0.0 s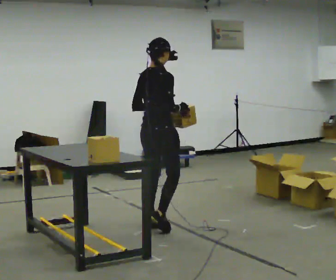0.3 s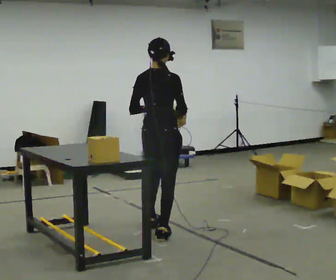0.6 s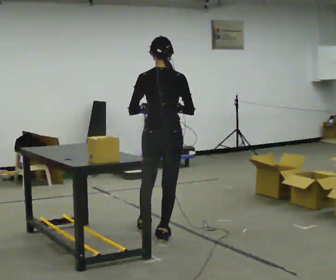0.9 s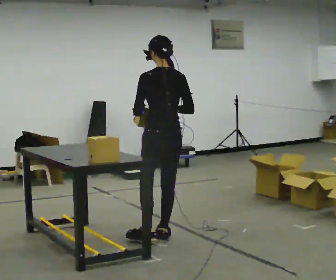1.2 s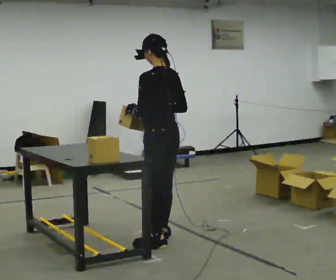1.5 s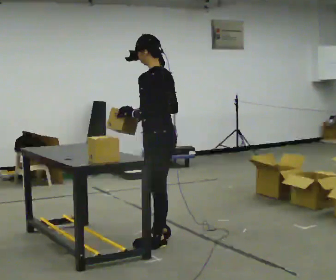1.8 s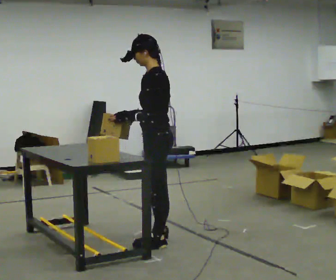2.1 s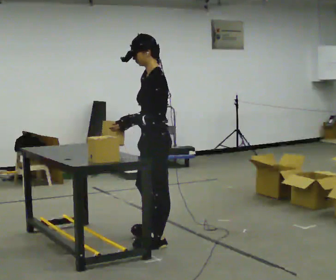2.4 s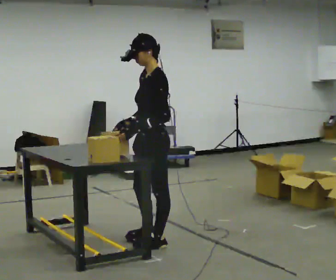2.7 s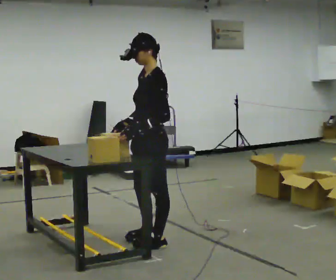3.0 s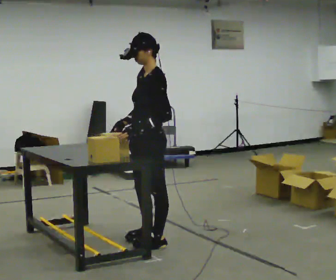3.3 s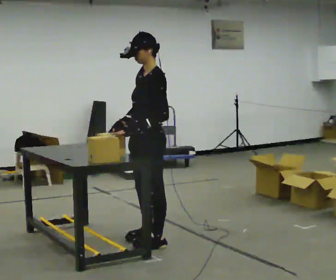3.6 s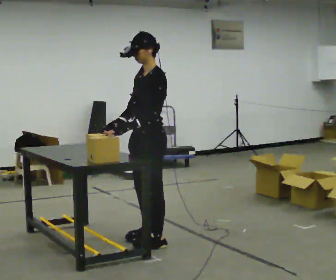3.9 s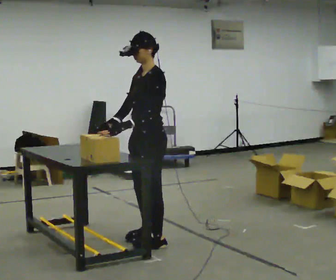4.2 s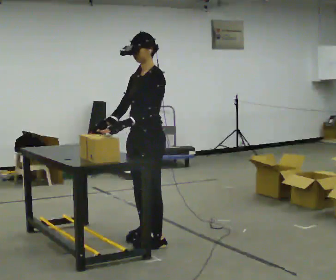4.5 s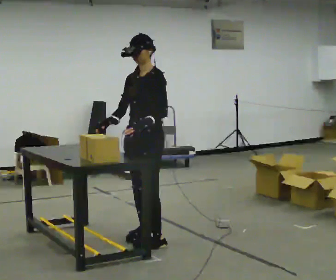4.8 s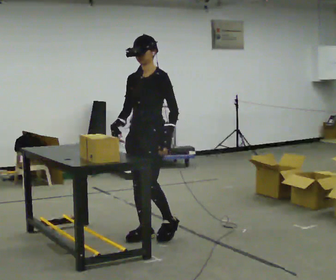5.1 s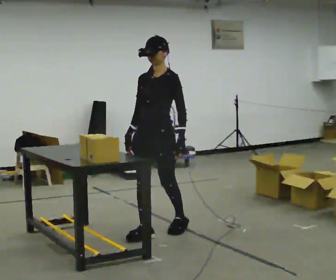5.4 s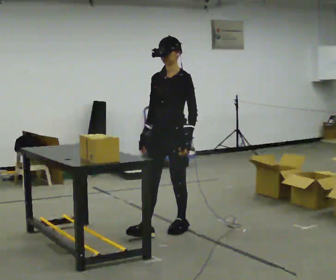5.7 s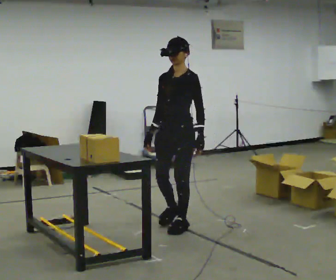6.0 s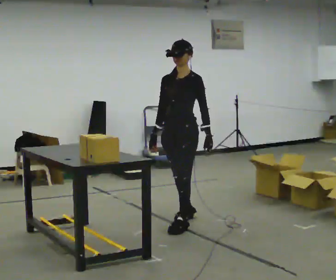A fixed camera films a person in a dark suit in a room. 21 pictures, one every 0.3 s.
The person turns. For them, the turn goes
to their left.
The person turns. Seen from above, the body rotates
counterclockwise.
0.0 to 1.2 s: Seen from above the body turns counterclockwise, about 90 degrees: to their left, with its near side sliding to the right. In the picture they go toward the camera, about 0.5 m in 1 step.
1.2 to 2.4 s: The person turns about 60 degrees to their left, counterclockwise seen from above, so the part of the body nearest the lens slides to the right. In the picture they go toward the camera, about 0.25 m, which for them is to their left.
2.4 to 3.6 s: The person moves a little, or ends about where they began.
3.6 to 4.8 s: Seen from above the body turns counterclockwise, about 30 degrees: to their left, with its near side sliding to the right. In the picture they go away from the camera, about 0.25 m in 1 step, which for them is to their right.
4.8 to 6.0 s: In the picture they go away from the camera and to the right, about 0.5 m in 1 step, which for them is backward.
The film runs backward here.
